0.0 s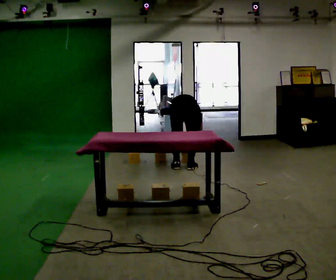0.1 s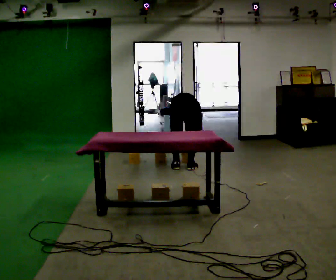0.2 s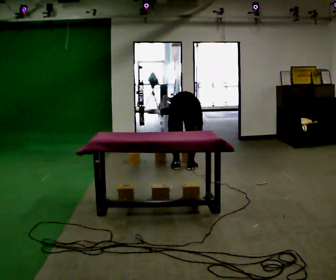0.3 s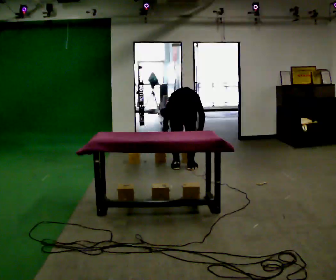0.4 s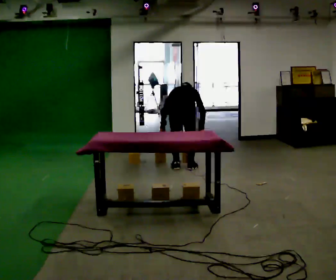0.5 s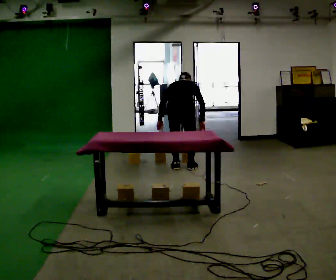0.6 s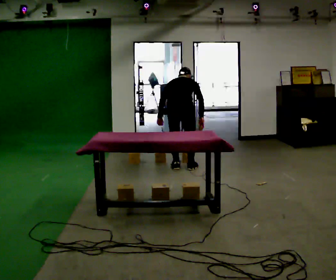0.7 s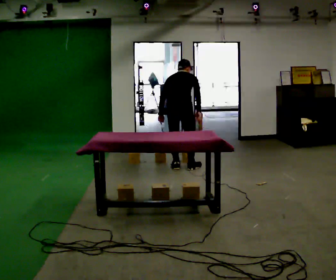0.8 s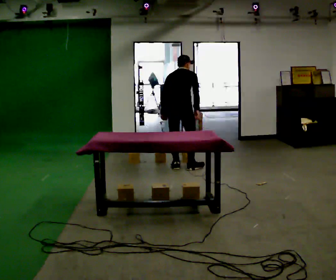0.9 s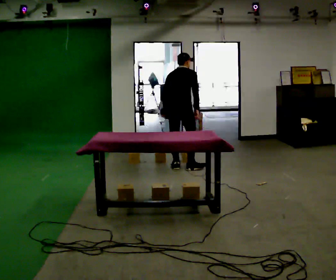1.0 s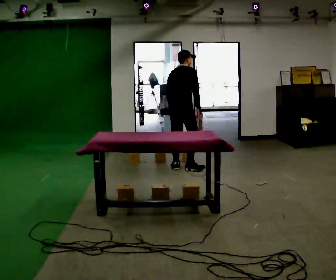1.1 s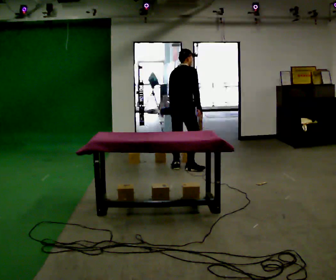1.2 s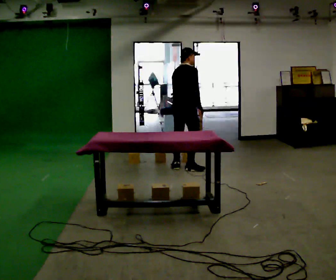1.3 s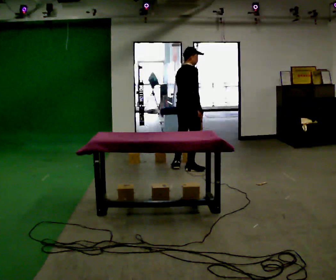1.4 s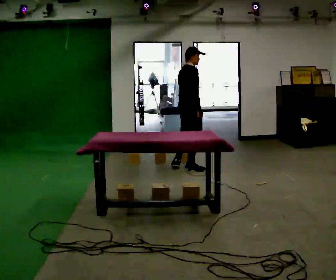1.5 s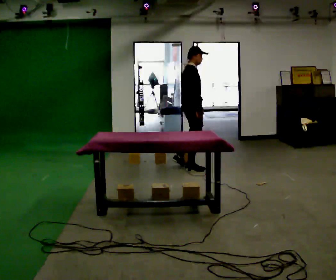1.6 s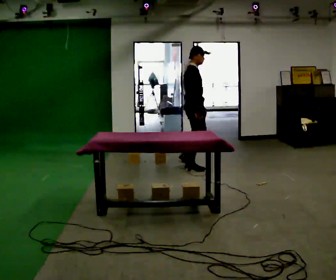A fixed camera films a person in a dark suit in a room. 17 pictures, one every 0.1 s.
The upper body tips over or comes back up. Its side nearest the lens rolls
downward.
Their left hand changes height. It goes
upward.
0.0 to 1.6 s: Seen from above the body turns clockwise, about 90 degrees: to their right, with its near side sliding to the left. The upper body goes upward. The upper body tips toward the camera, its near side rolling downward, as they lean back or straighten. In the picture their right hand goes upward.
The film runs forward here.
